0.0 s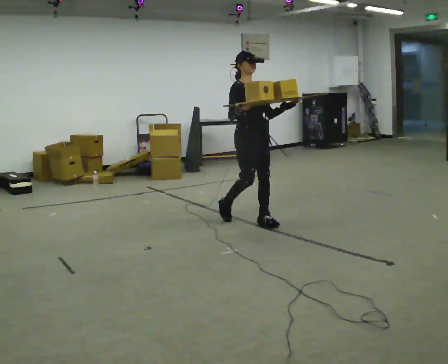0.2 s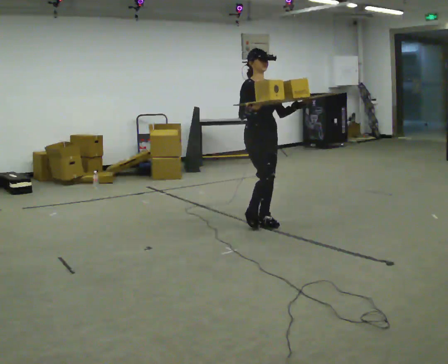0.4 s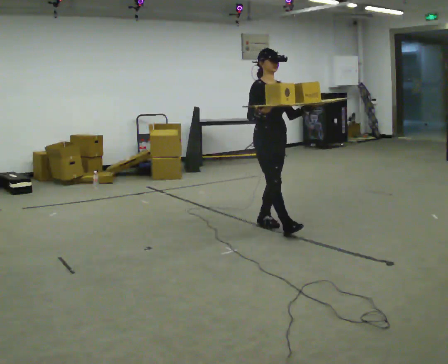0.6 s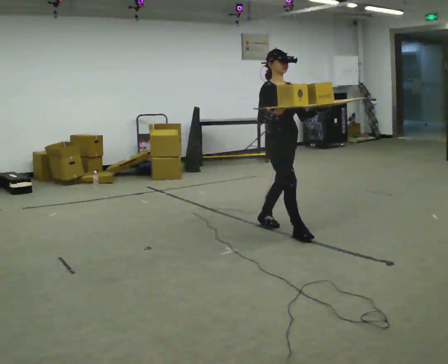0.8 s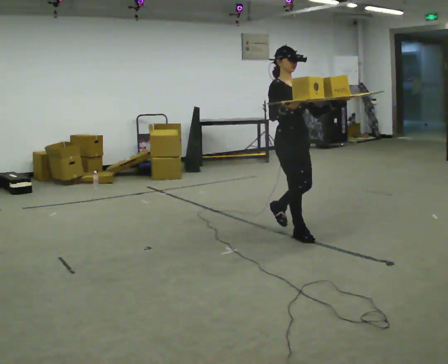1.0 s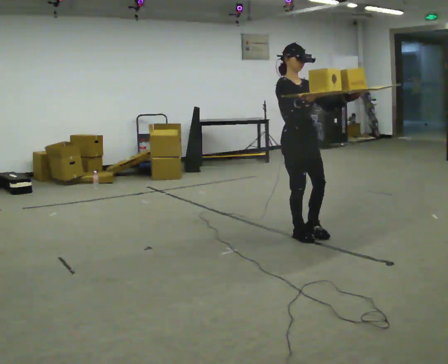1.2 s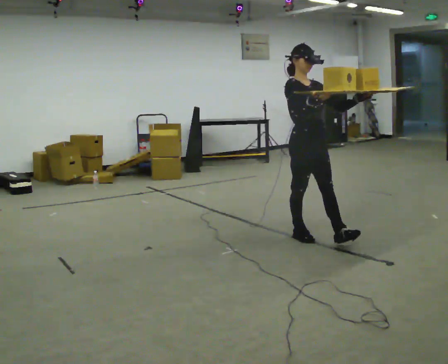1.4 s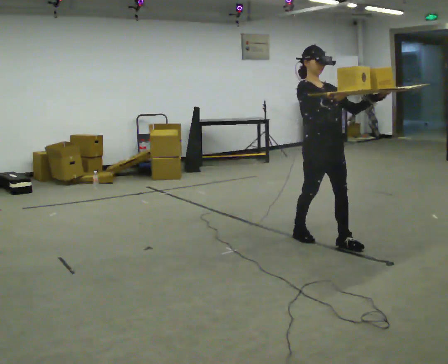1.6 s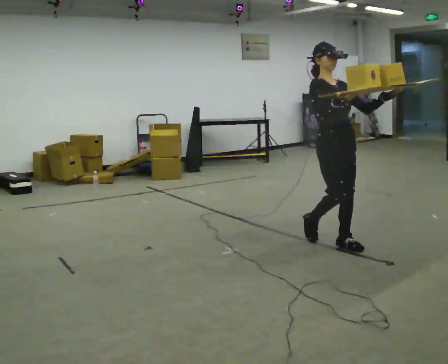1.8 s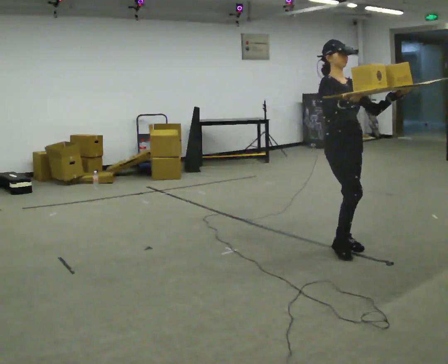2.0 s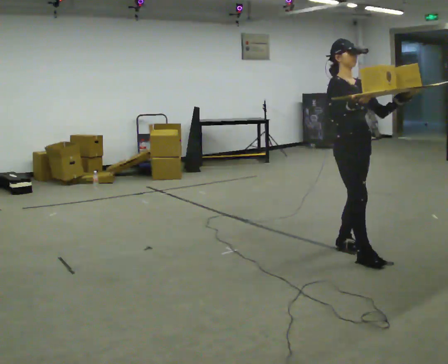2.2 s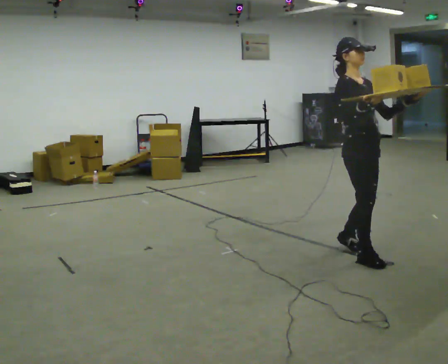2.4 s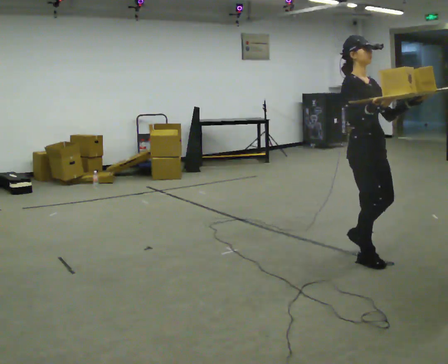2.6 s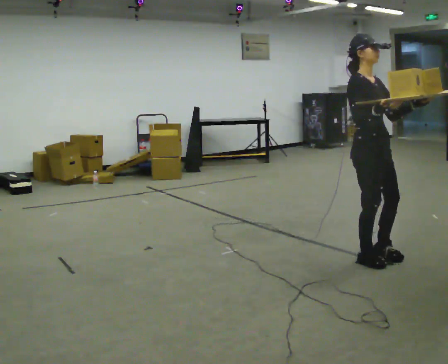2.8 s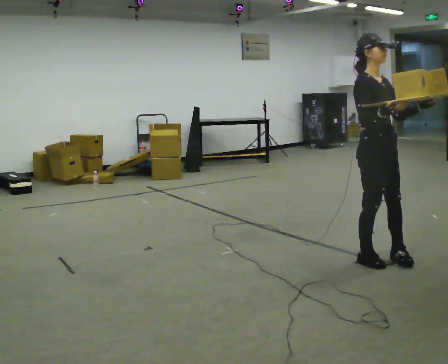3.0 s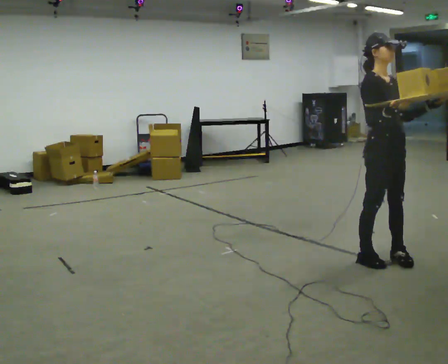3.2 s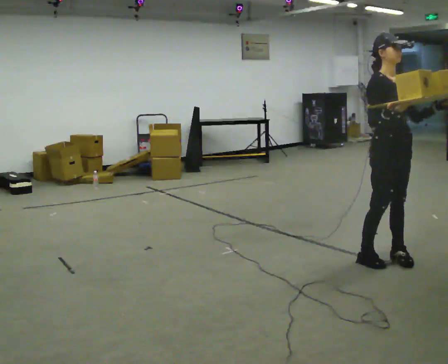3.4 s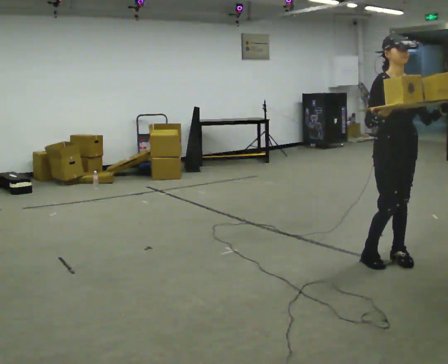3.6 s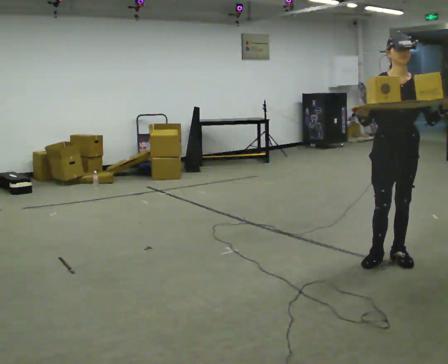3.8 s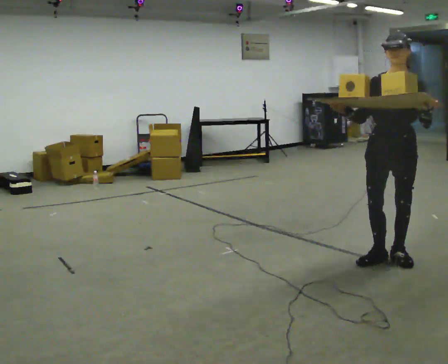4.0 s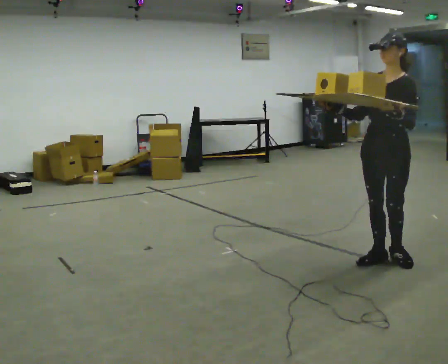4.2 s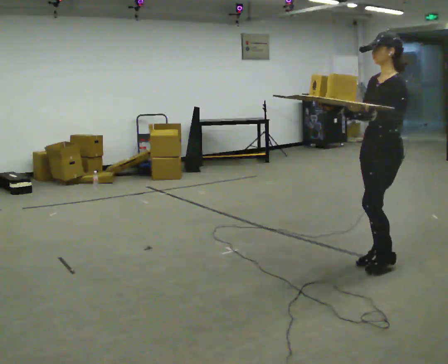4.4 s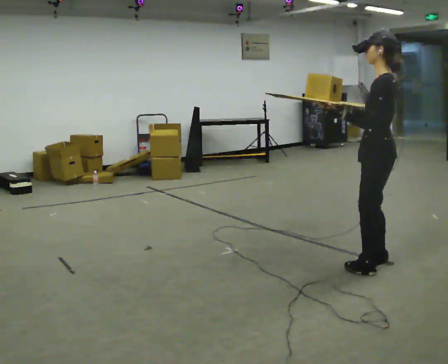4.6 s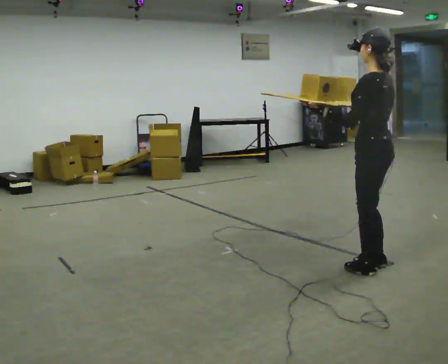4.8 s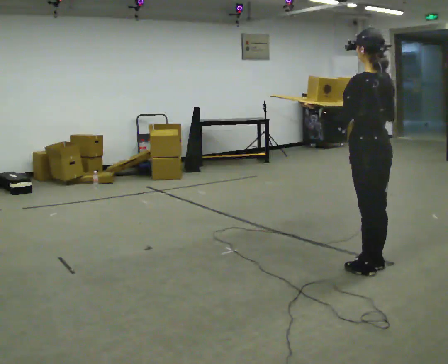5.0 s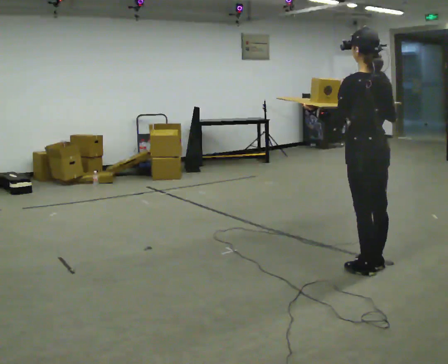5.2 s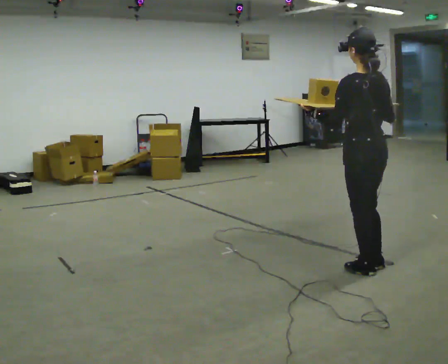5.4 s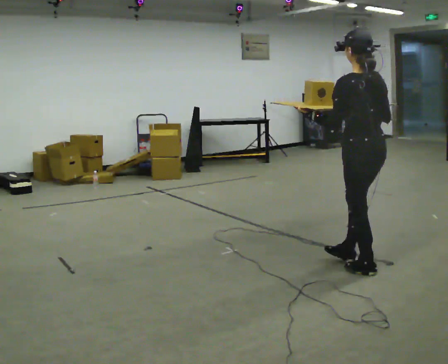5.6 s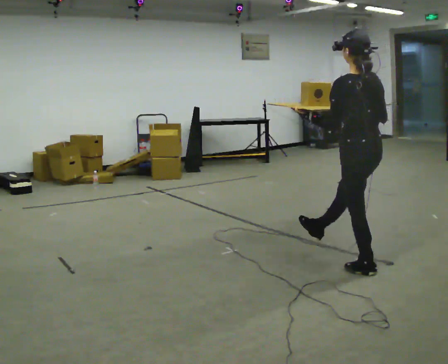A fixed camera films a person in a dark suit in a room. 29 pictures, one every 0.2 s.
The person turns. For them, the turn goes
to their right.
The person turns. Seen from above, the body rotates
clockwise.
0.0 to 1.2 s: In the picture they go to the right and toward the camera, about 1 m in 1 step, which for them is forward.
1.2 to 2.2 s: In the picture they go to the right and toward the camera, about 0.5 m in 2 steps, which for them is forward.
2.2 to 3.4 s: The part of the body nearest the lens slides to the left as the person turns to their right by about 30 degrees. In the picture they go to the right, about 0.25 m in 1 step, which for them is forward.
3.4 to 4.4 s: Seen from above the body turns clockwise, about 120 degrees: to their right, with its near side sliding to the left.
4.4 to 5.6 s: The person turns about 45 degrees to their right, clockwise seen from above, so the part of the body nearest the lens slides to the left.
The film runs forward here.
